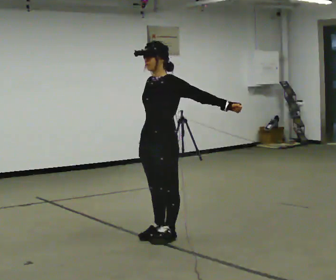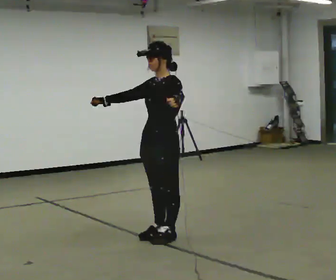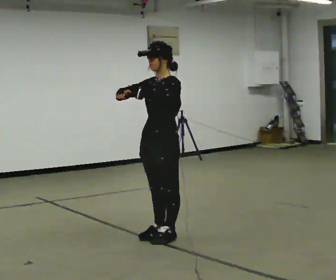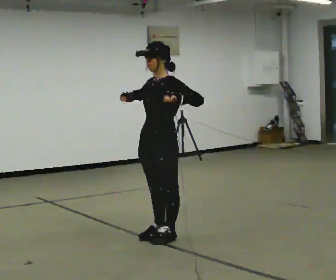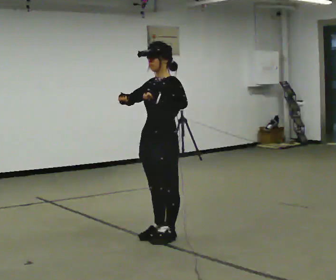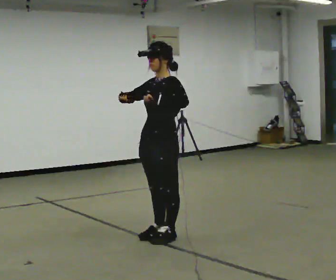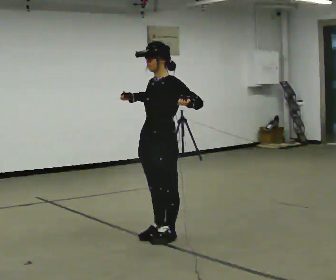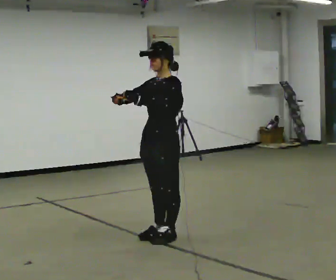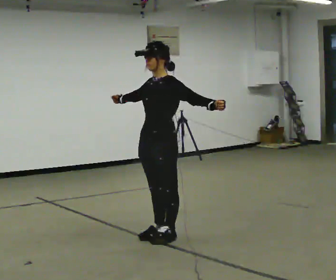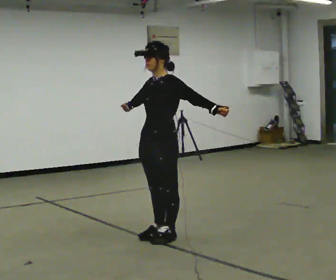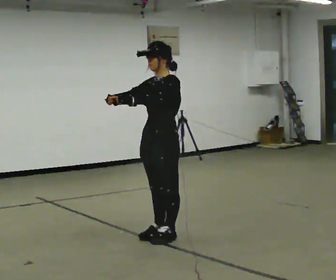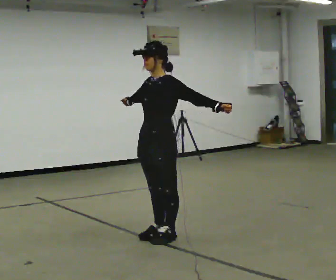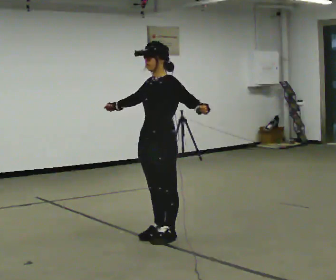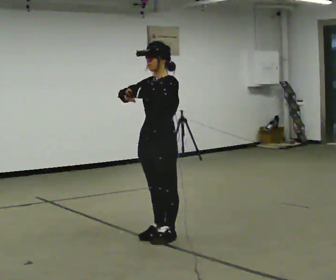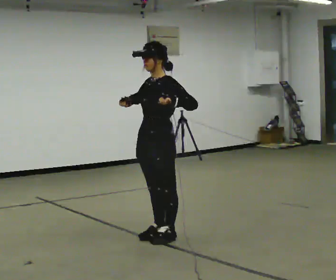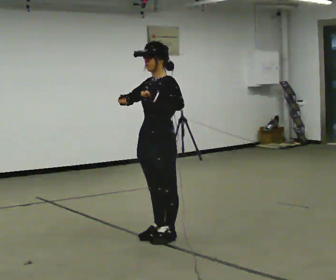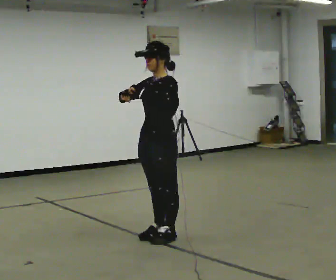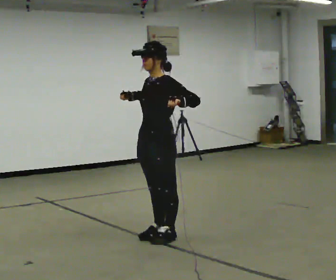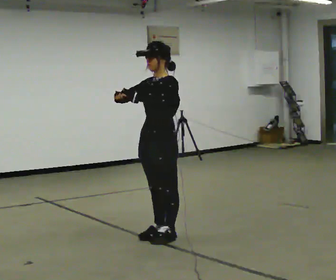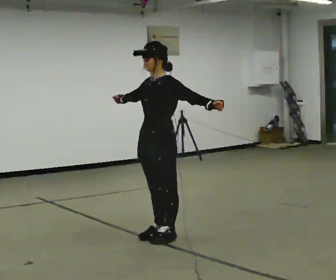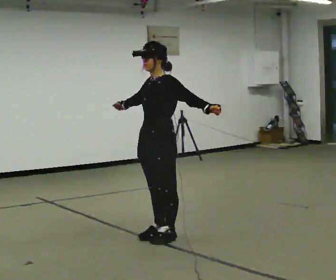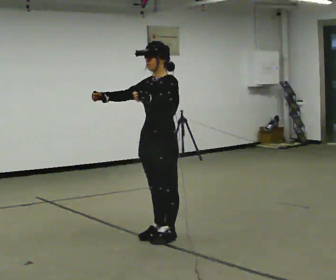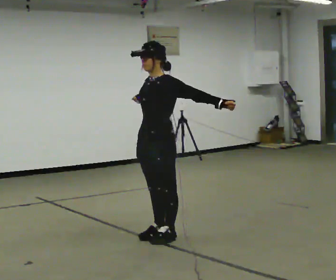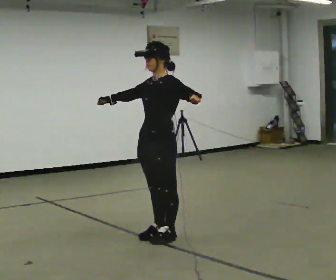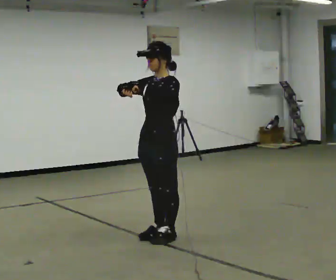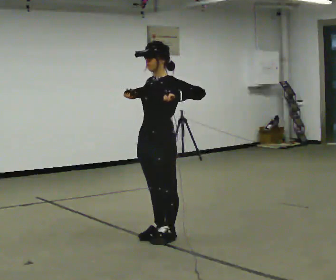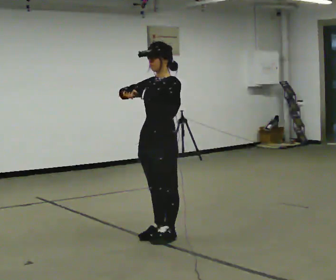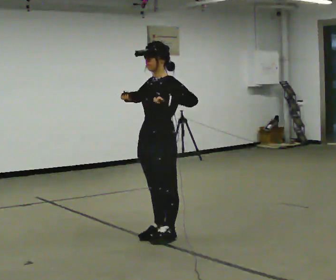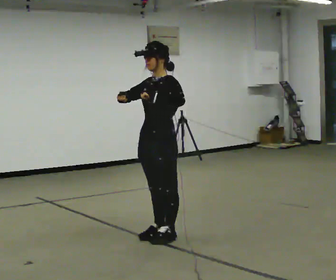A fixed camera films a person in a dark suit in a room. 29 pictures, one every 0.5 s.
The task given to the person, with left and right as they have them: Dance freely at a slow tempo as if to slow music; keep moving continuously.
0.0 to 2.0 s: In the picture their left hand goes to the left.
2.0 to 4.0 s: In the picture their left hand goes to the right.
4.0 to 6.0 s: The person moves a little, or ends about where they began.
6.0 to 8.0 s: In the picture their left hand goes to the left.
8.0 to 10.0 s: In the picture their left hand goes to the right.
10.0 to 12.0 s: In the picture their left hand goes to the left.
12.0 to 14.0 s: The person moves a little, or ends about where they began.
The film runs forward here.
